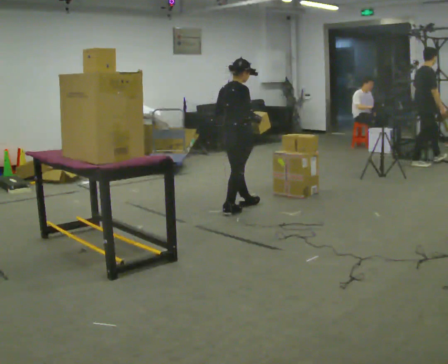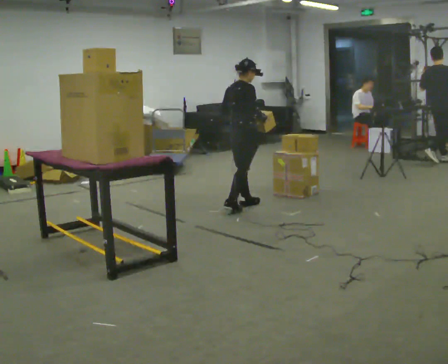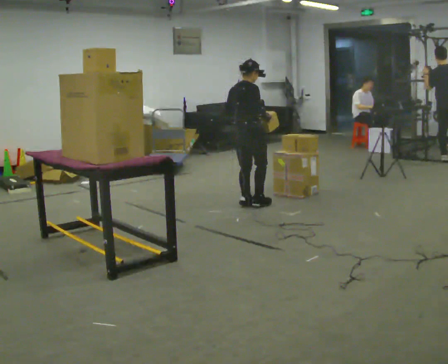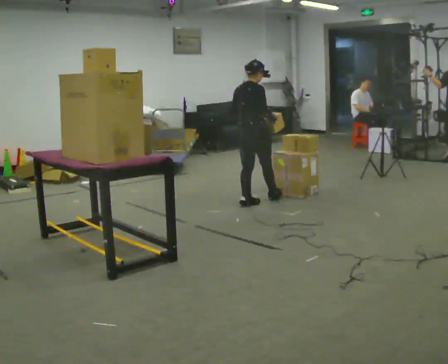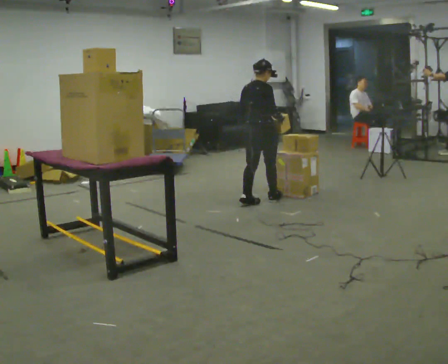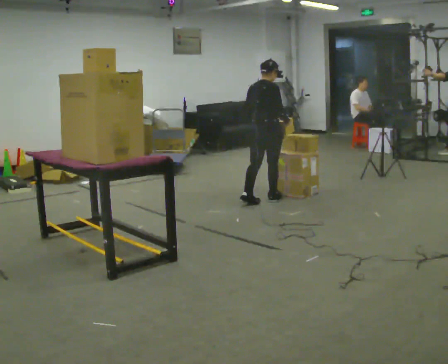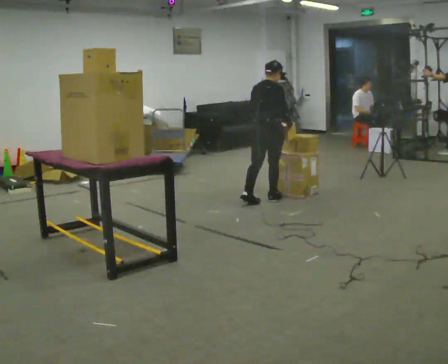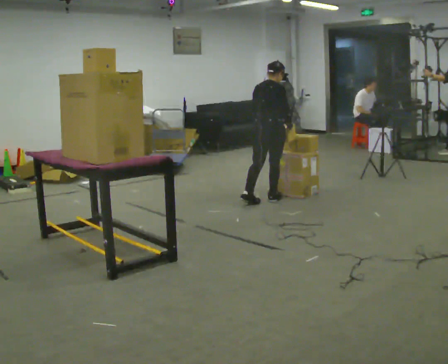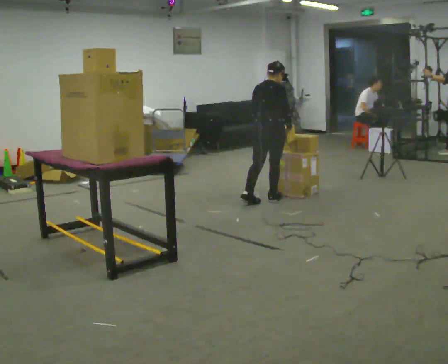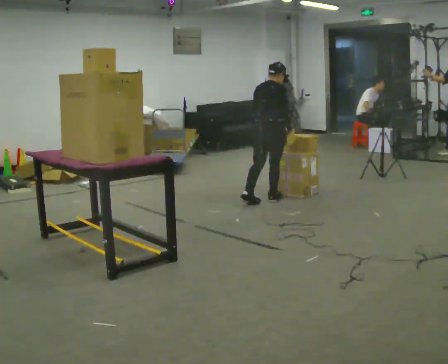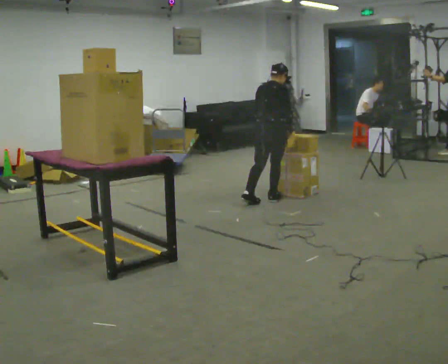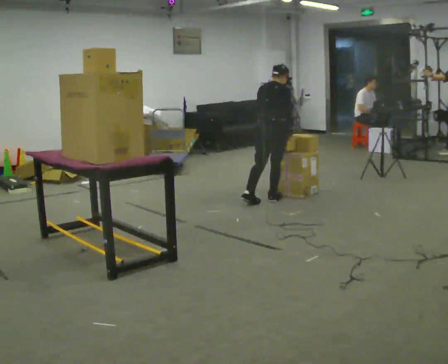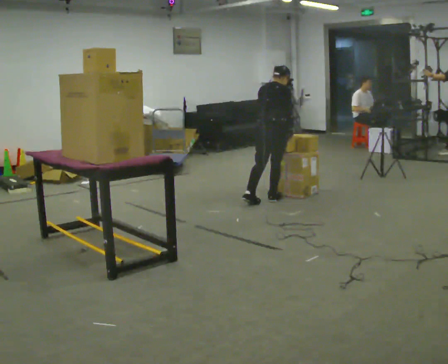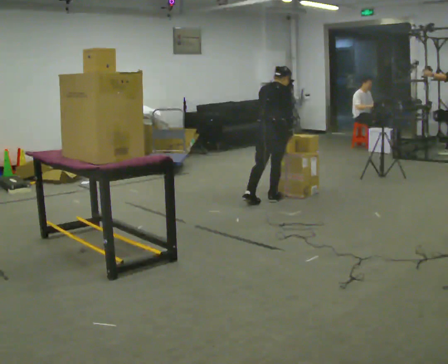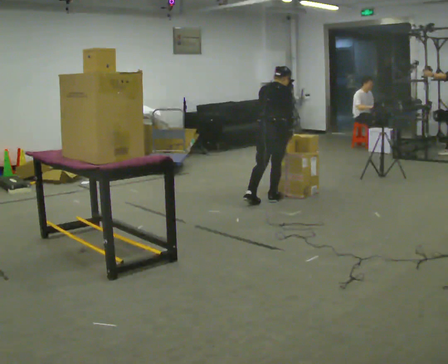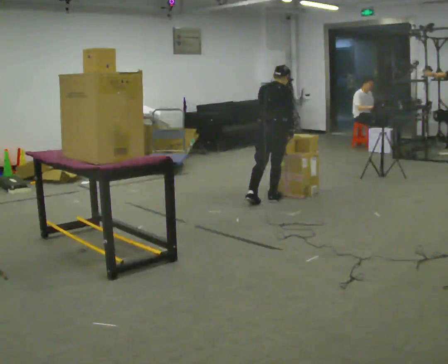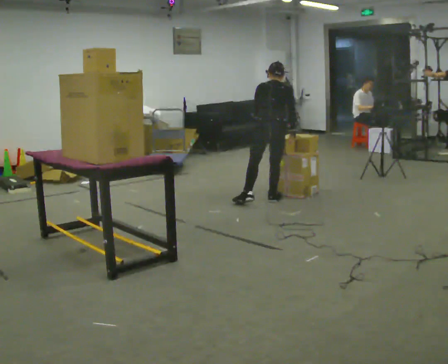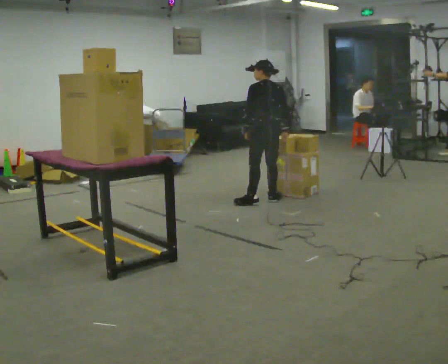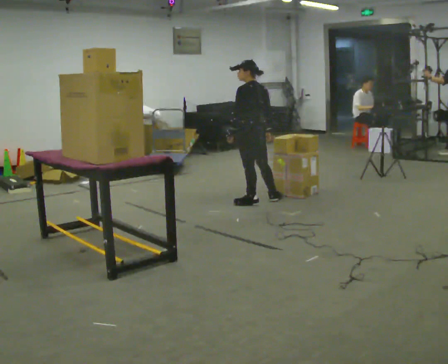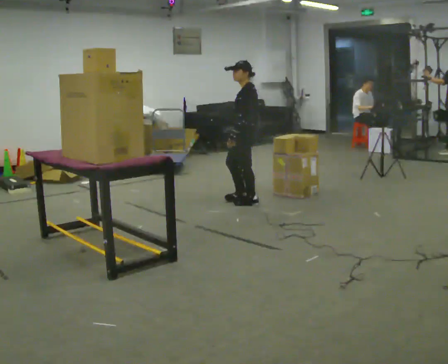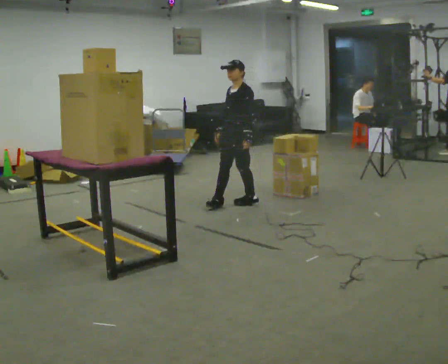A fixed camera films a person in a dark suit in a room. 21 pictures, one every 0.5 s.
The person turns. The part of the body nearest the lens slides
to the right.
Their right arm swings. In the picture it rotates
clockwise.
0.0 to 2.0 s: In the picture they go away from the camera and to the right, about 0.25 m in 1 step, which for them is forward.
2.0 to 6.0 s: The person moves a little, or ends about where they began.
6.0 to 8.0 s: Seen from above the body turns counterclockwise, about 30 degrees: to their left, with its near side sliding to the right.
8.0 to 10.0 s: Seen from above the body turns counterclockwise, about 120 degrees: to their left, with its near side sliding to the right. In the picture they go to the left and toward the camera, about 0.25 m in 1 step.
The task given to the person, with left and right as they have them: Take an object down from the highest shelf you can comfortably reach, carry it across, and place it on the waist-height shelf. Keep going until the operator says stop; one object at a time, and do not rush between trips.
The film runs forward here.
